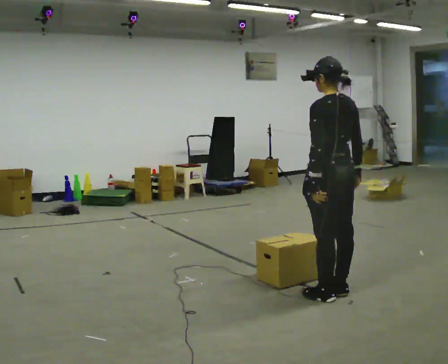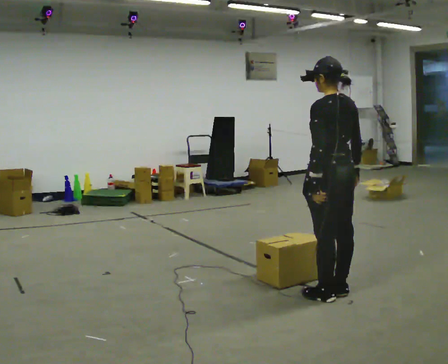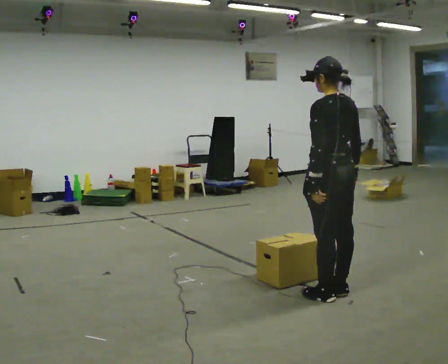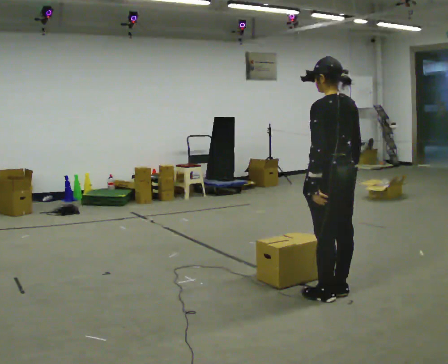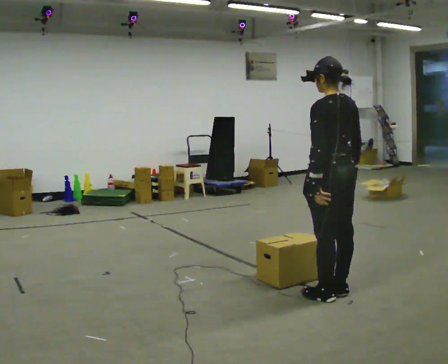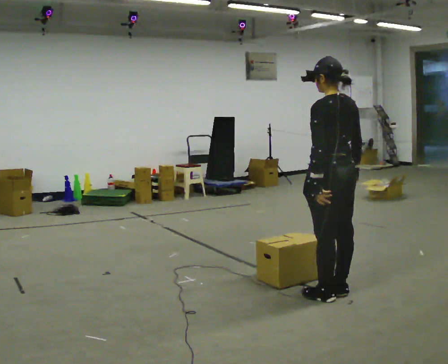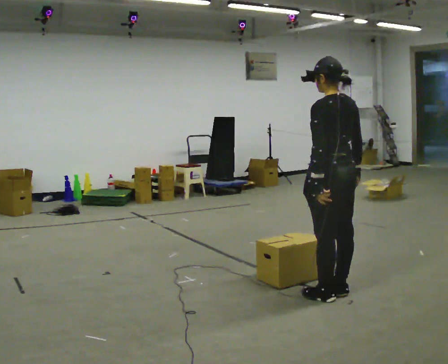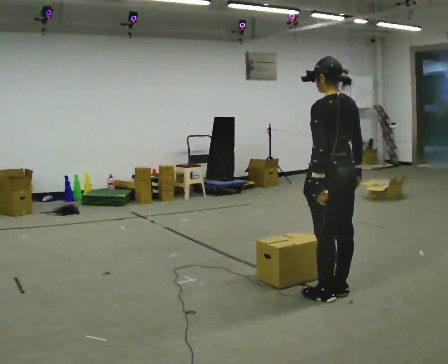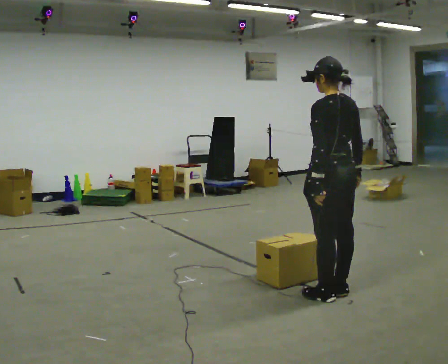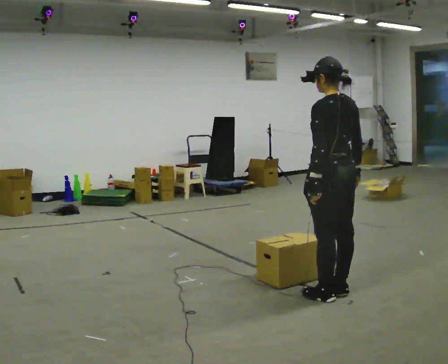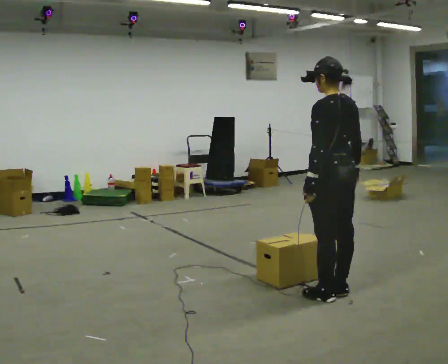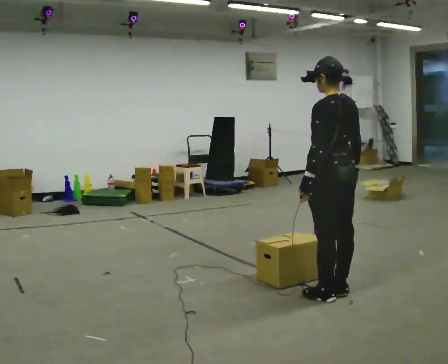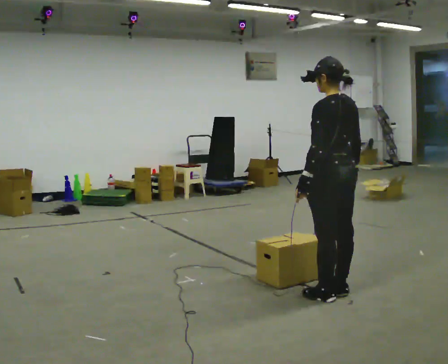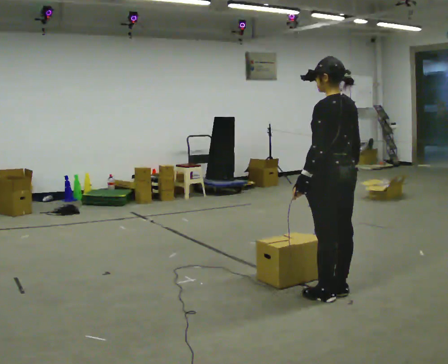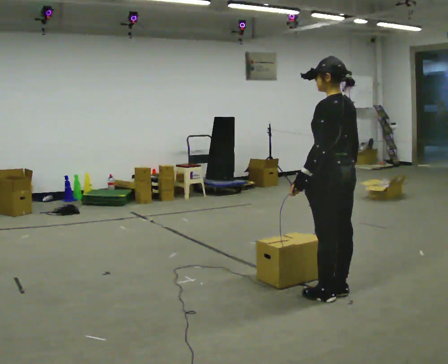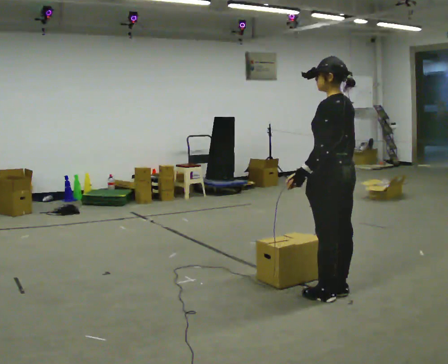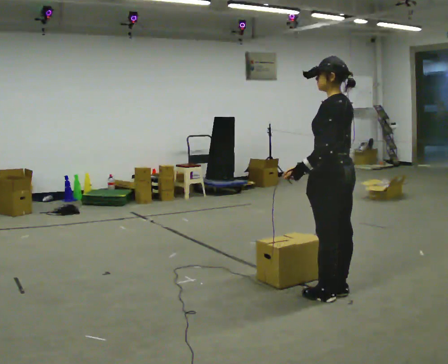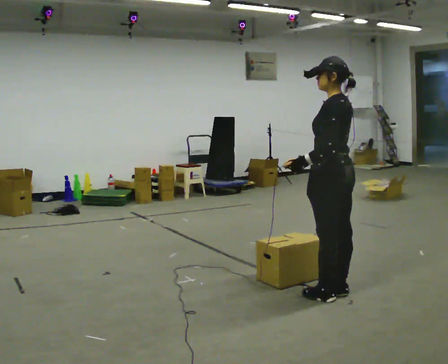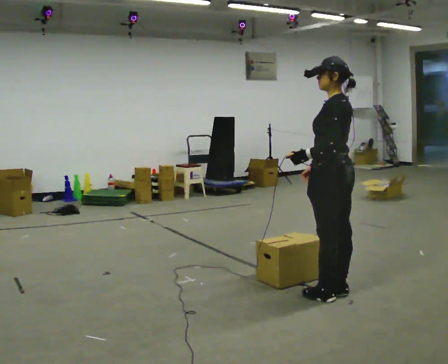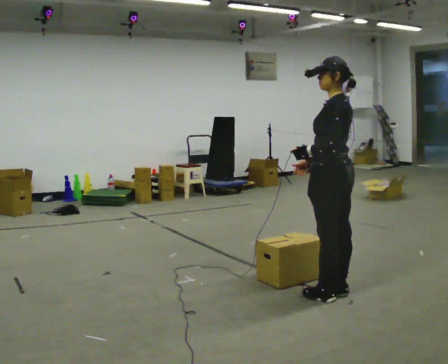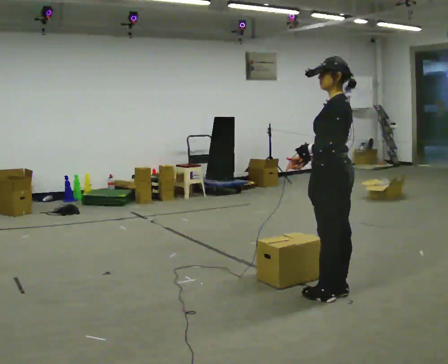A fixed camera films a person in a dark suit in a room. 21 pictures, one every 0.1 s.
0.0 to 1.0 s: The person keeps their place and pose.
1.0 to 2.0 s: Seen from above the body turns counterclockwise, about 30 degrees: to their left, with its near side sliding to the right. In the picture their right hand goes to the left, the arm swinging clockwise.
The film runs forward here.
